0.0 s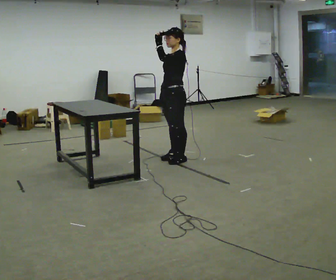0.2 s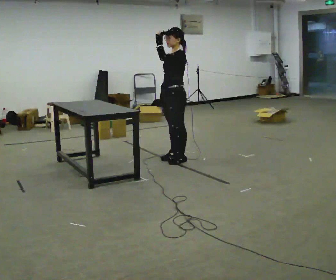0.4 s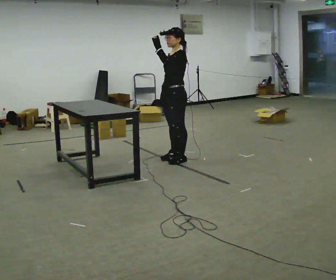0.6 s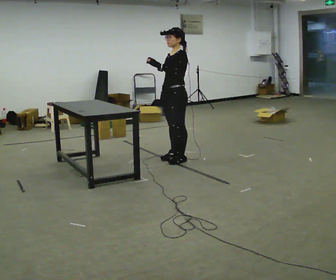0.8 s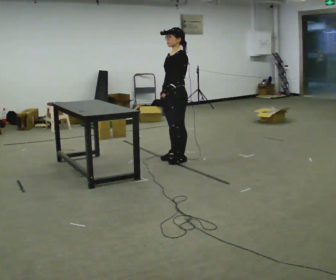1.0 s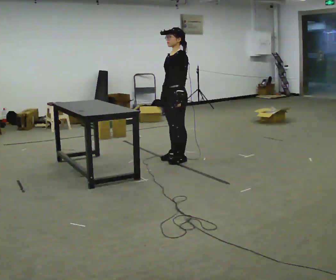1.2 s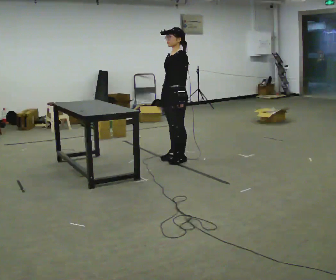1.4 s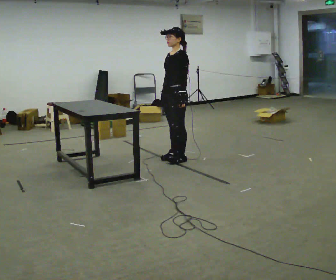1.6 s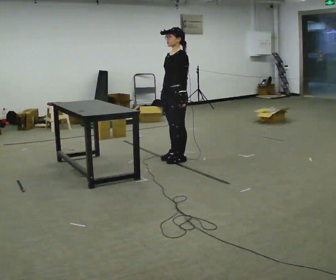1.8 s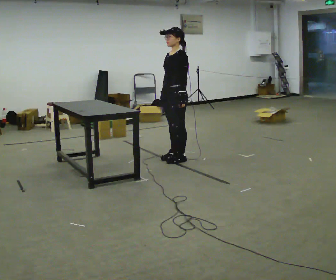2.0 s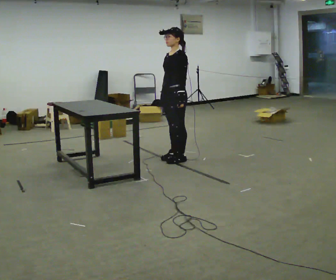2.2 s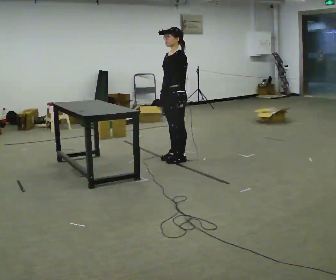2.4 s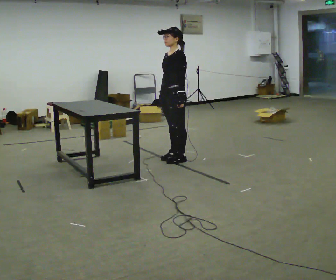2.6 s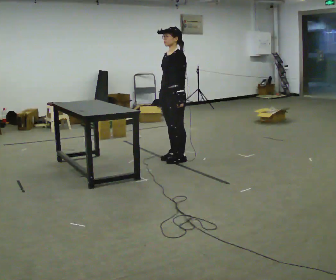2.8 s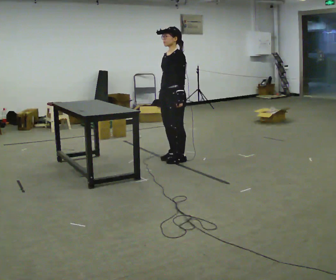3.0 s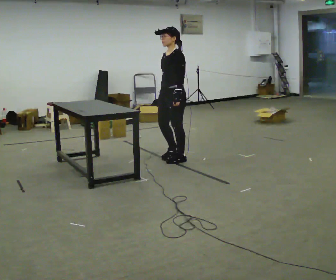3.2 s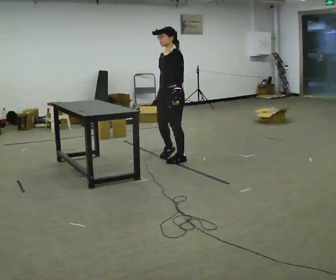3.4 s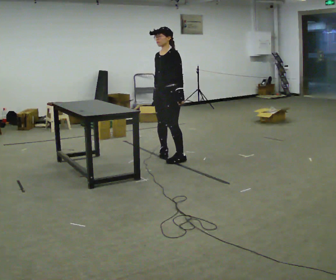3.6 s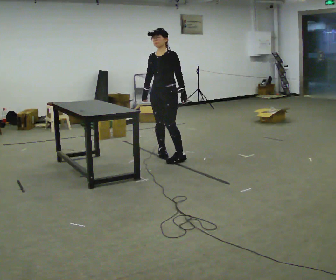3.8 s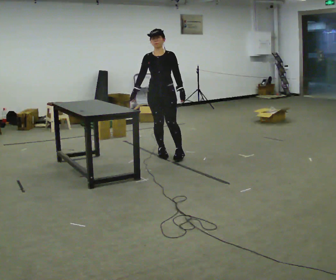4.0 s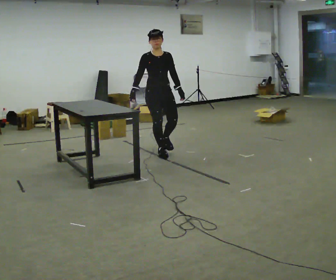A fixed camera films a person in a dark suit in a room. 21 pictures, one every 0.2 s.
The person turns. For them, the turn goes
to their left.
Their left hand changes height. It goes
downward.
0.0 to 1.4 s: In the picture their left hand goes downward.
1.4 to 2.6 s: The person moves a little, or ends about where they began.
2.6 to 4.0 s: Seen from above the body turns counterclockwise, about 75 degrees: to their left, with its near side sliding to the right. In the picture they go away from the camera and to the left, about 0.25 m in 2 steps.
The film runs backward here.
